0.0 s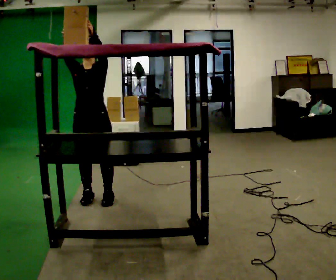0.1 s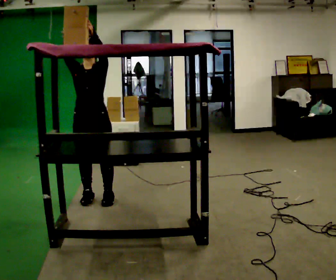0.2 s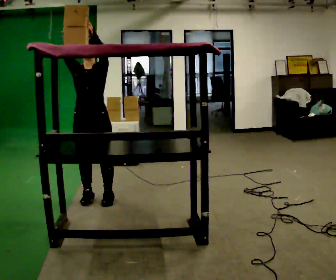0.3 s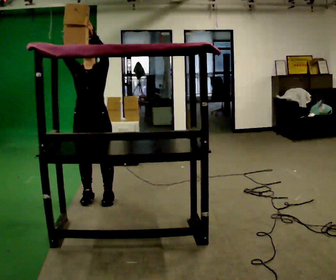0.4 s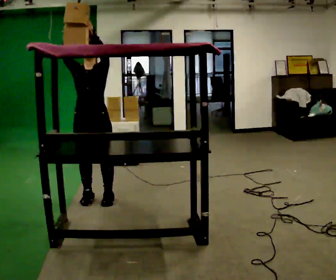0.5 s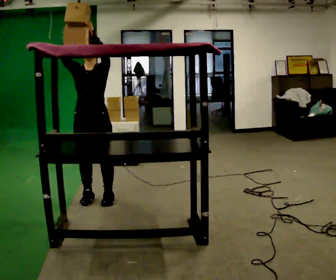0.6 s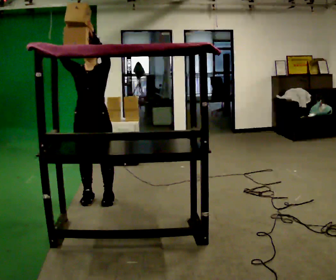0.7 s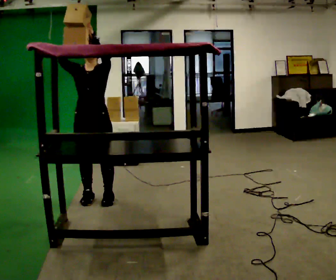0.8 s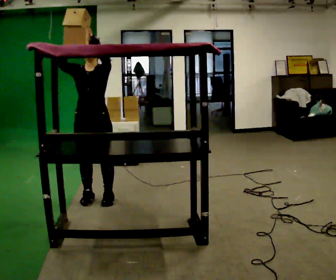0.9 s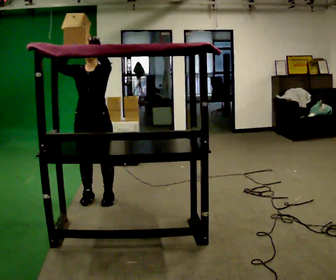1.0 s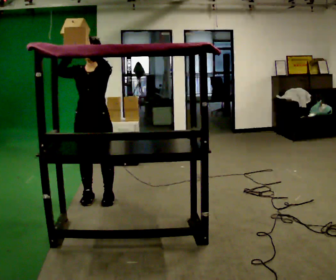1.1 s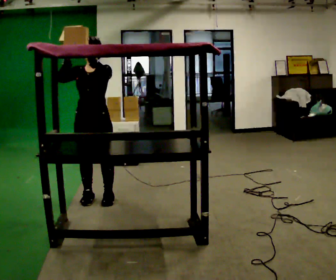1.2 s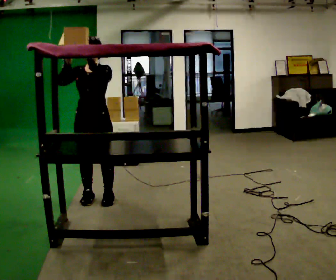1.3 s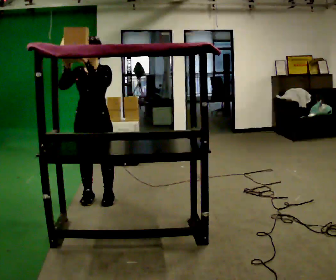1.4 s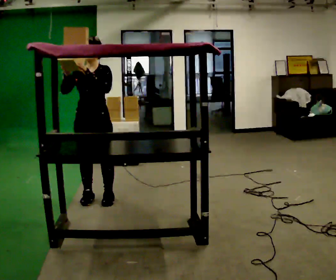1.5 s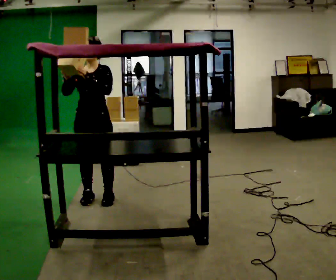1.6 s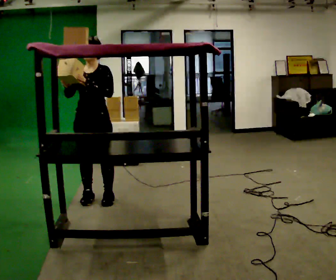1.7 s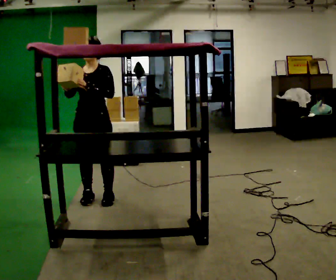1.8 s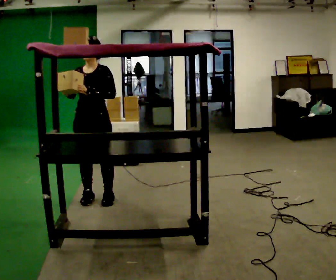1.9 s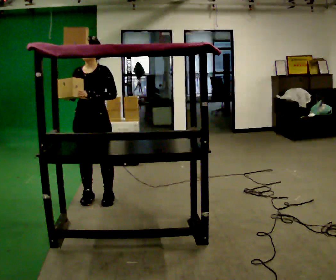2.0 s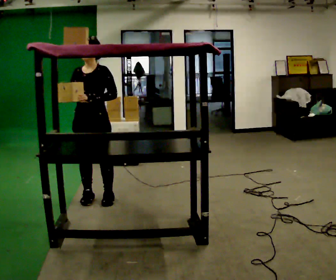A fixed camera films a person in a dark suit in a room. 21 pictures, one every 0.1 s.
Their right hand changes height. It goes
downward.
Their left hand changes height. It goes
downward.
0.0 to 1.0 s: The person moves a little, or ends about where they began.
1.0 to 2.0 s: In the picture their left hand goes downward.
The film runs forward here.
